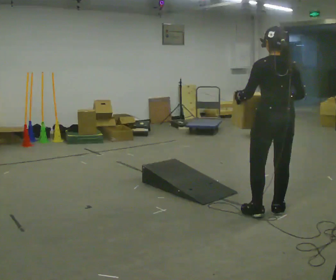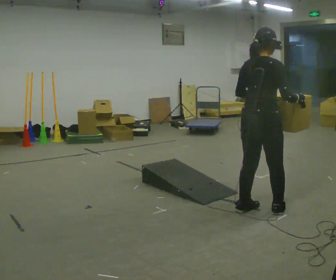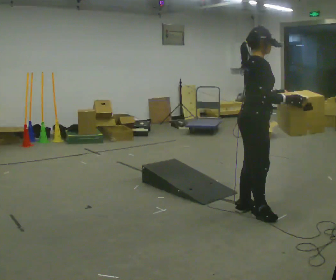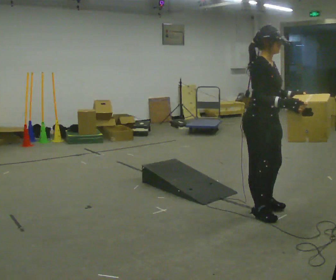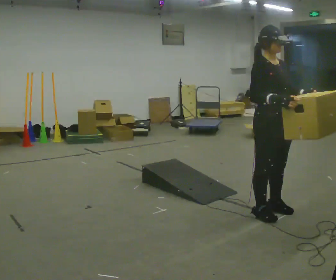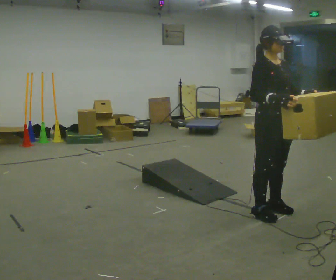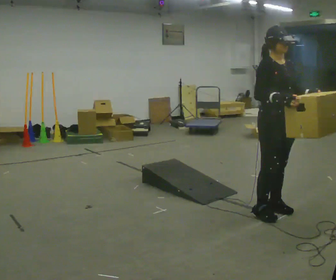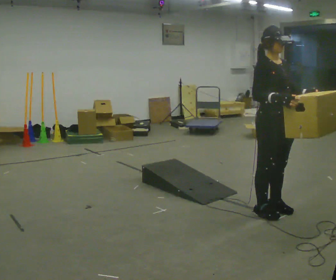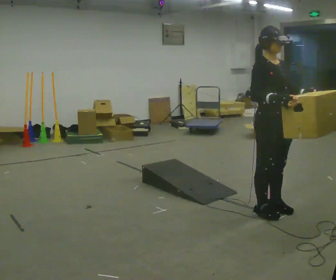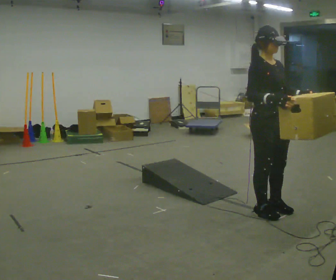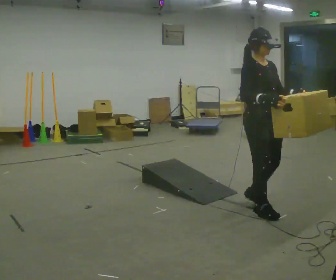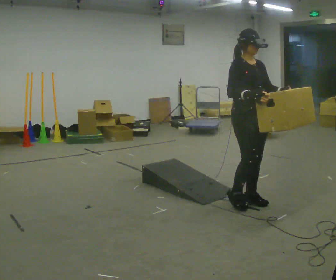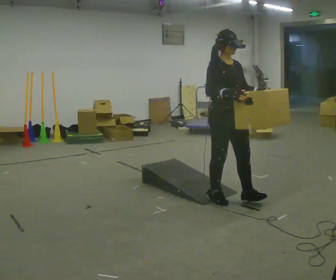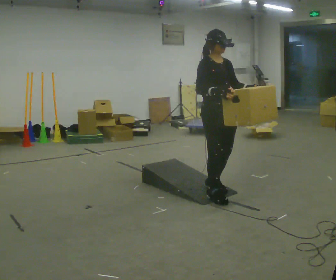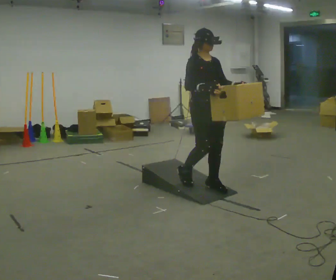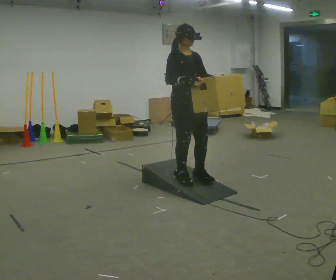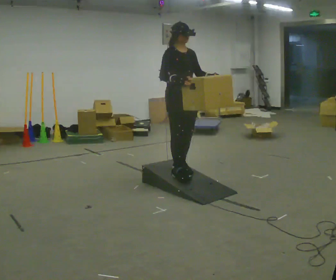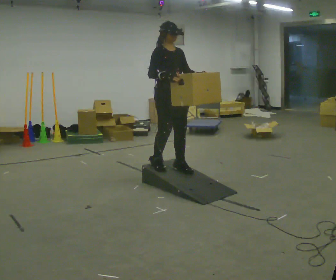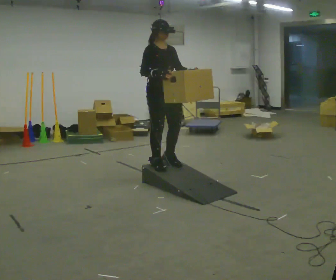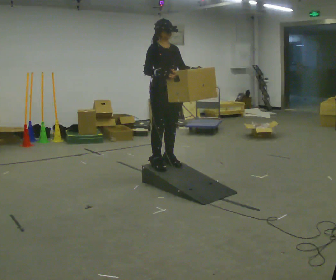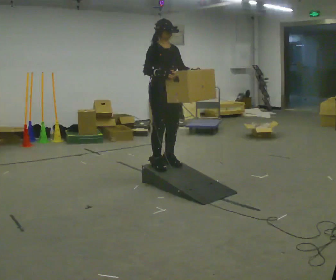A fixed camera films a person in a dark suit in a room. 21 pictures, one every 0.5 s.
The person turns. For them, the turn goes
to their right.
The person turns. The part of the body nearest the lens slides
to the left.
0.0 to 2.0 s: Seen from above the body turns clockwise, about 150 degrees: to their right, with its near side sliding to the left. In the picture their left hand goes to the right.
2.0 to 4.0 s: The person moves a little, or ends about where they began.
4.0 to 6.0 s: In the picture they go to the left and away from the camera, about 0.5 m in 2 steps, which for them is backward.
6.0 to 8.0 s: In the picture they go to the left and away from the camera, about 0.5 m in 3 steps, which for them is backward.
8.0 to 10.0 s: In the picture they go to the left, about 0.25 m in 2 steps, which for them is backward.
The film runs backward here.
